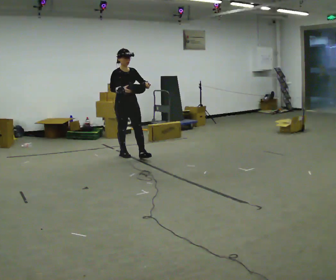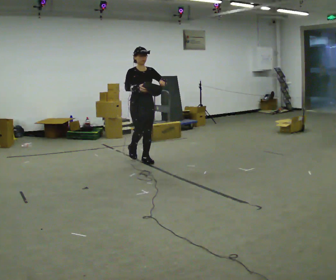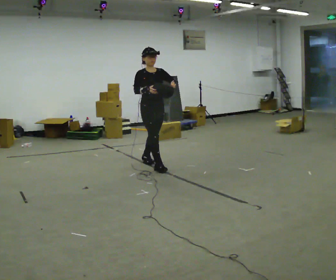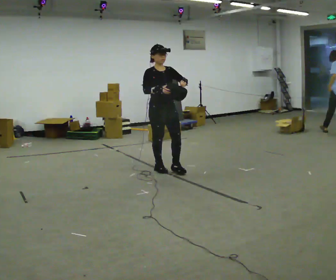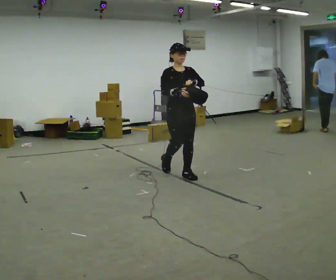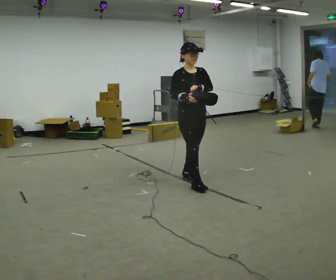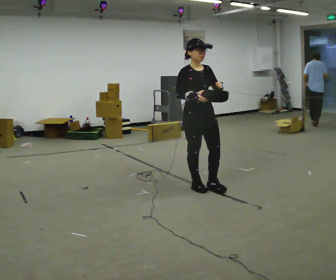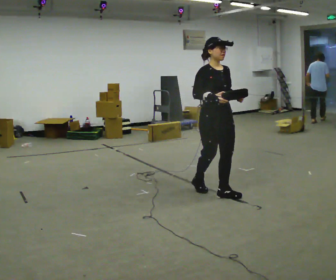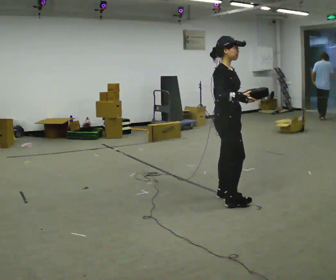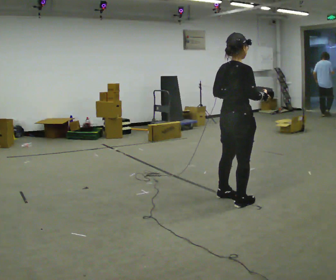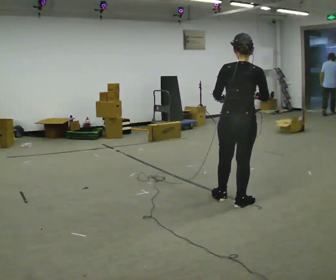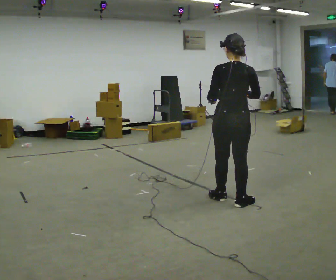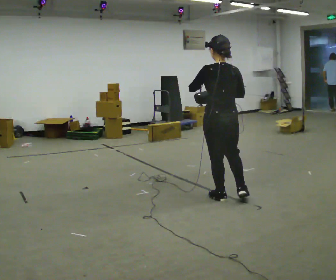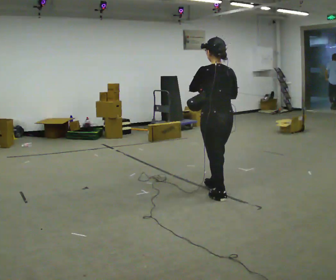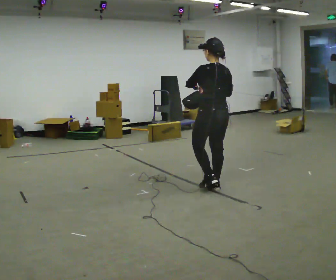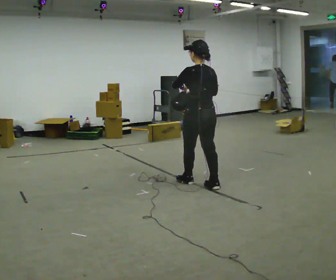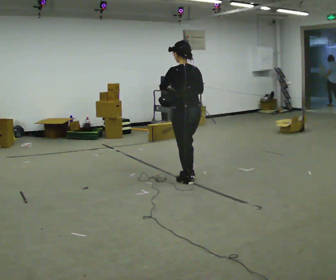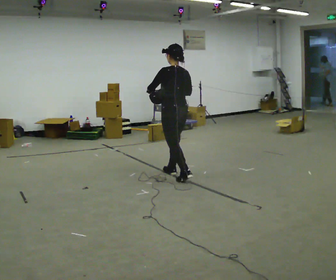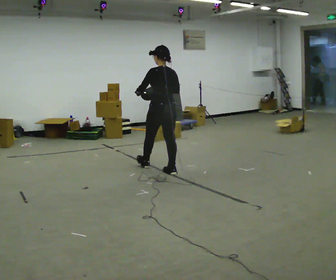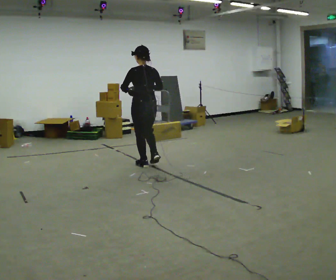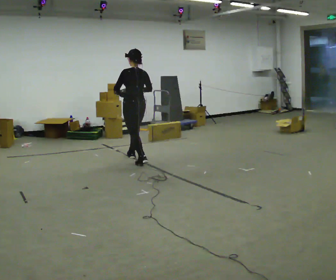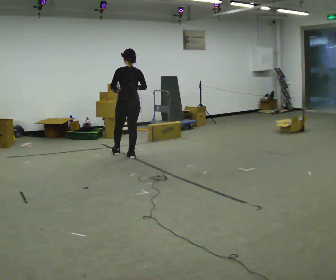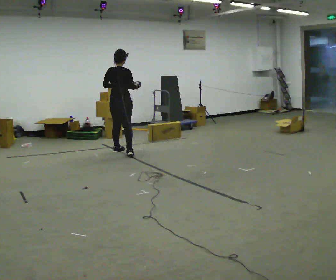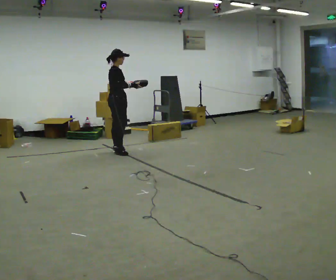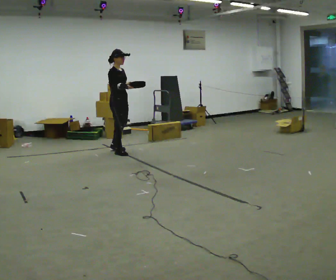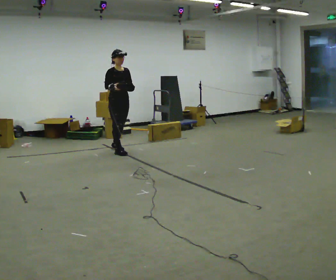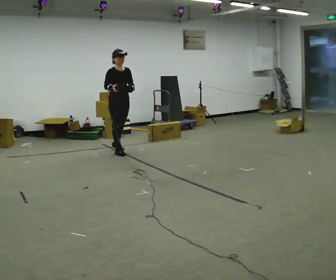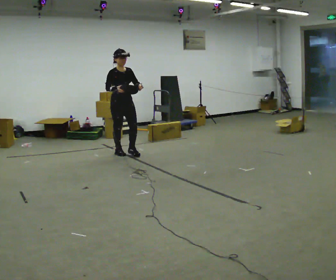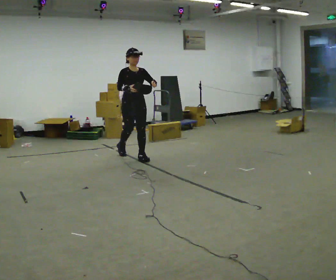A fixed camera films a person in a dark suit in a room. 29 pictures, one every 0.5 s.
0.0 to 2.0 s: In the picture they go to the right and toward the camera, about 1.5 m in 3 steps, which for them is forward.
2.0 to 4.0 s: The person turns about 45 degrees to their left, counterclockwise seen from above, so the part of the body nearest the lens slides to the right. In the picture they go toward the camera and to the right, about 1 m in 2 steps, which for them is forward.
4.0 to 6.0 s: The part of the body nearest the lens slides to the right as the person turns to their left by about 120 degrees.
6.0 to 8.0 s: In the picture they go away from the camera and to the left, about 0.5 m in 2 steps, which for them is forward.
8.0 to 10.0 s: In the picture they go to the left and away from the camera, about 1.5 m in 3 steps, which for them is forward.
10.0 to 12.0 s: The part of the body nearest the lens slides to the left as the person turns to their right by about 150 degrees. In the picture they go away from the camera and to the left, about 0.75 m in 2 steps.
12.0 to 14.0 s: The person turns about 45 degrees to their right, clockwise seen from above, so the part of the body nearest the lens slides to the left. In the picture they go to the right and toward the camera, about 0.5 m in 2 steps, which for them is forward.
The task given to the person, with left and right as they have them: Carry the bag and, while walking, undo the buckle or zip, then do it up again. Keep repeating as you walk. Do not stop.
The film runs forward here.
